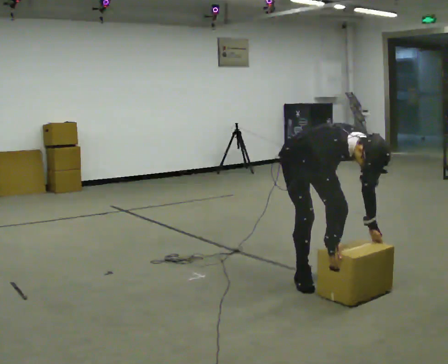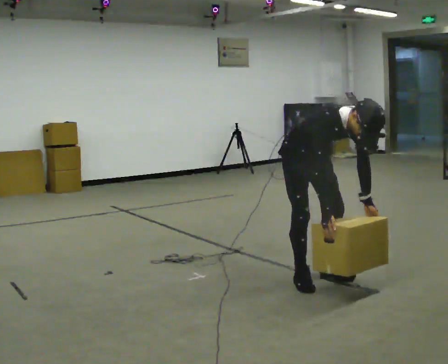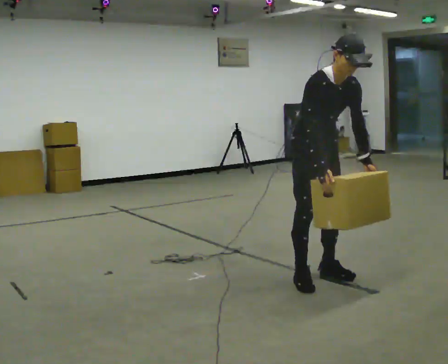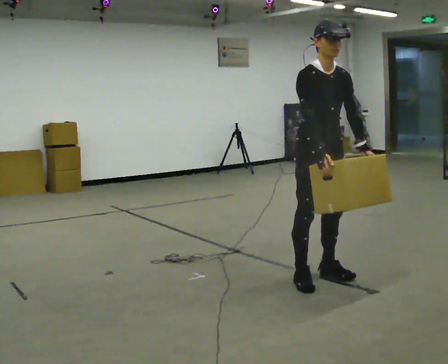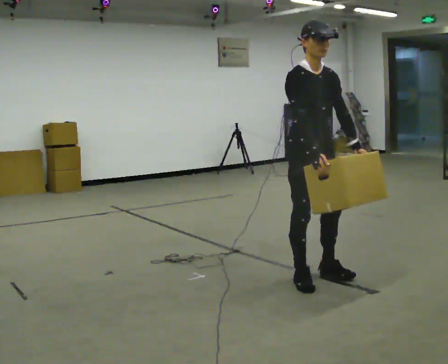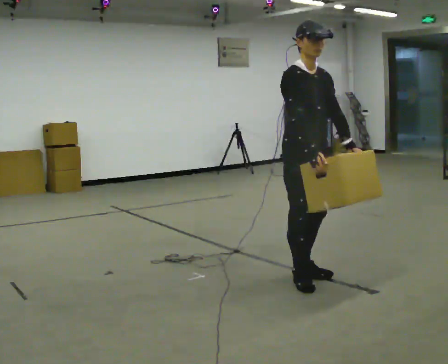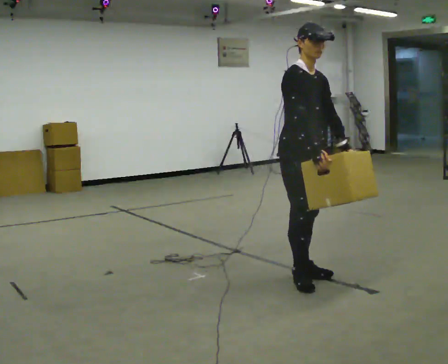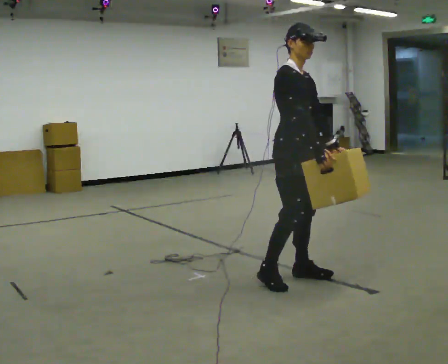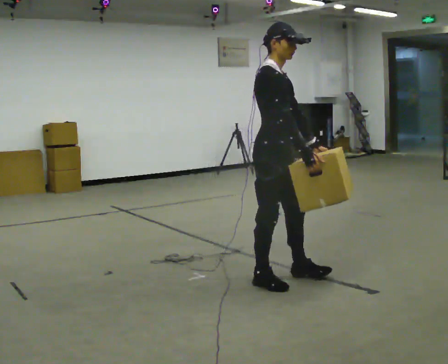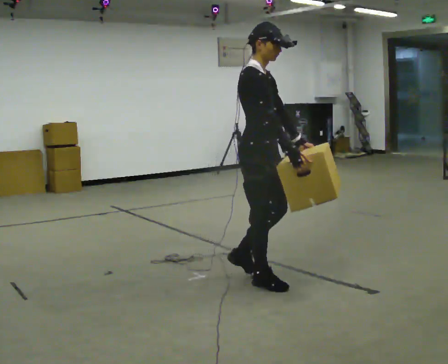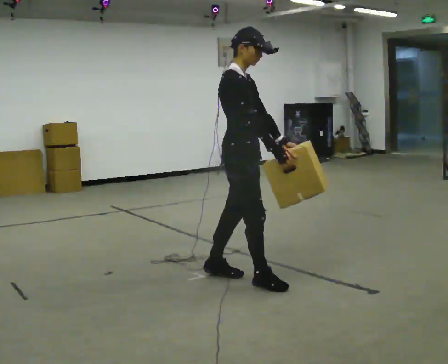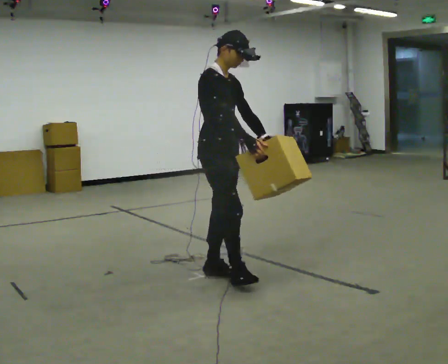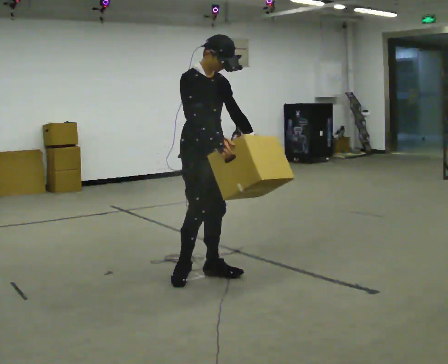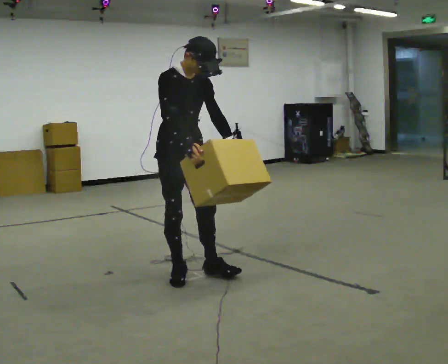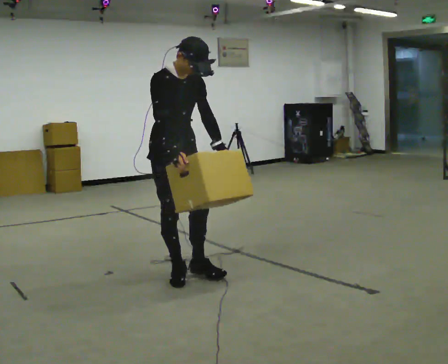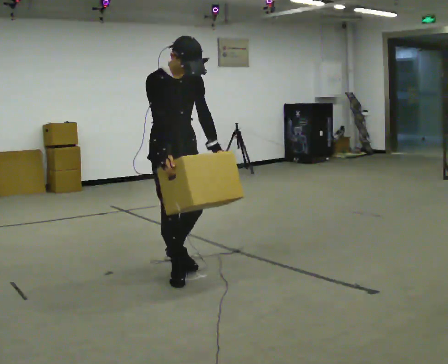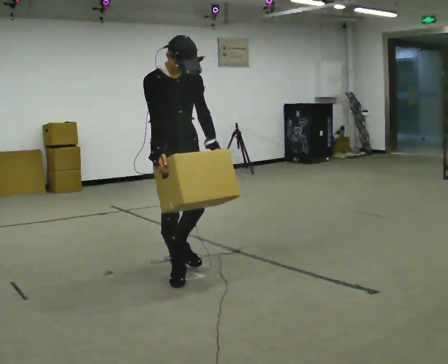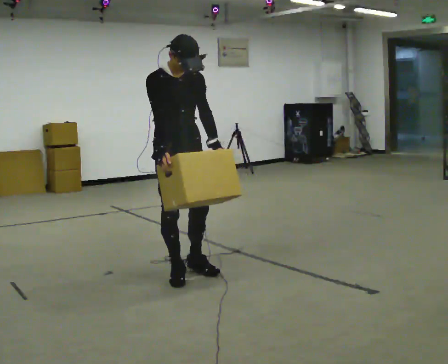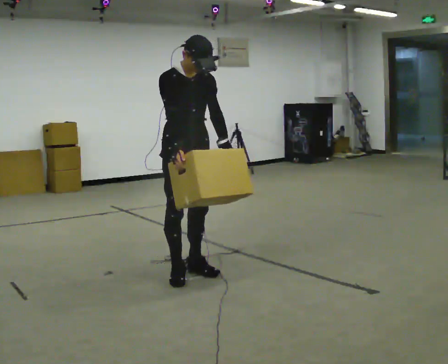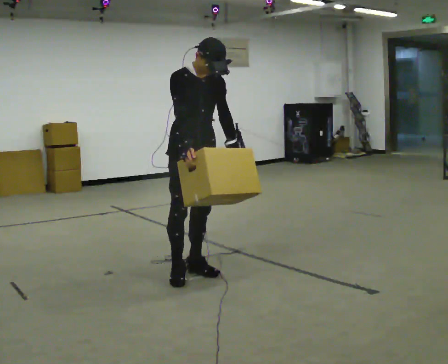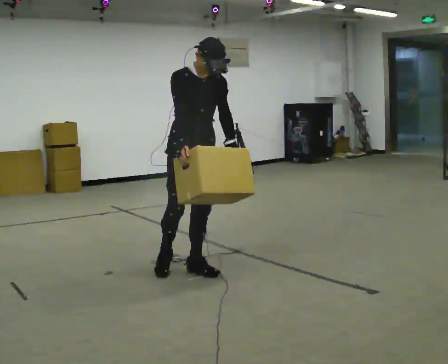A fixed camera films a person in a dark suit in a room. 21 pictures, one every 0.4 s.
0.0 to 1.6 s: The upper body goes upward. The upper body tips away from the camera, its near side rolling upward, as they lean back or straighten. In the picture their right hand goes upward.
1.6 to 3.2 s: The part of the body nearest the lens slides to the right as the person turns to their left by about 30 degrees. In the picture they go to the left, about 0.25 m in 2 steps, which for them is to their right and backward.
3.2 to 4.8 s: In the picture they go to the left, about 0.5 m in 2 steps, which for them is backward.
4.8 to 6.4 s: In the picture they go to the left, about 0.25 m in 2 steps, which for them is to their right. In the picture their right hand goes to the left.
6.4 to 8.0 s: The person moves a little, or ends about where they began.
The film runs backward here.
